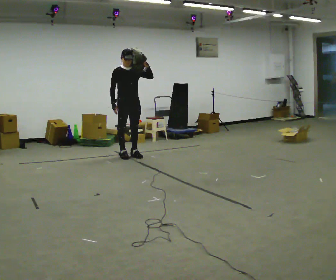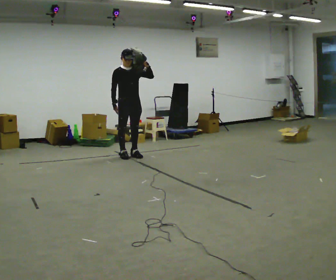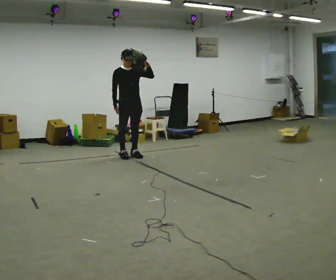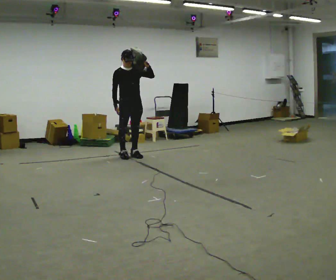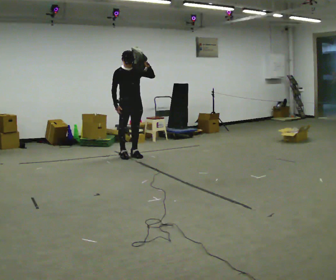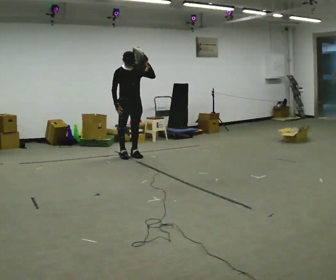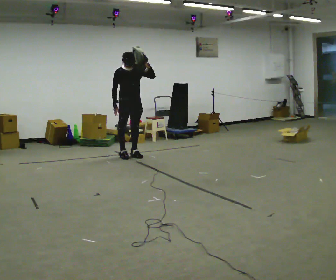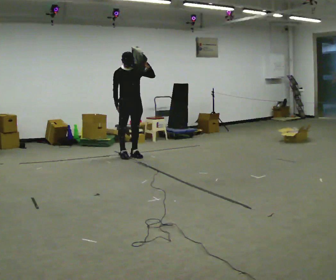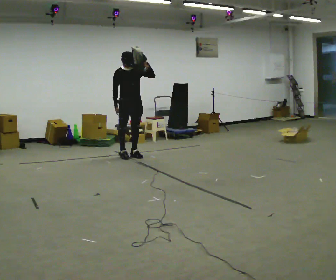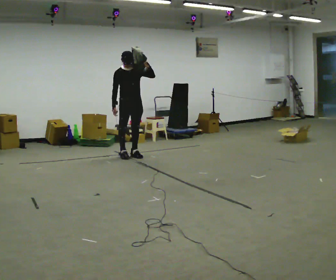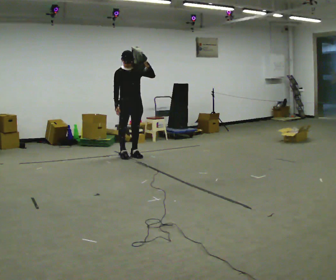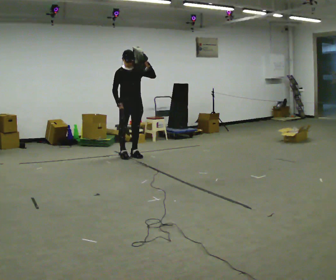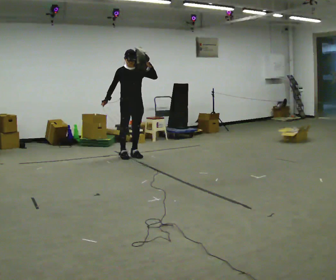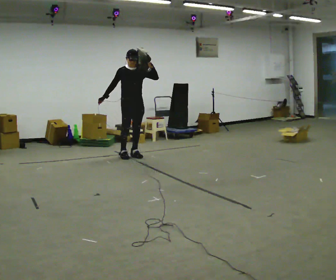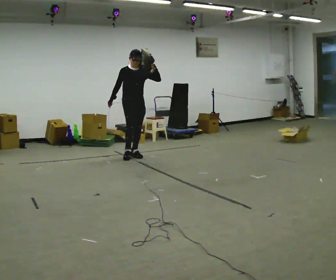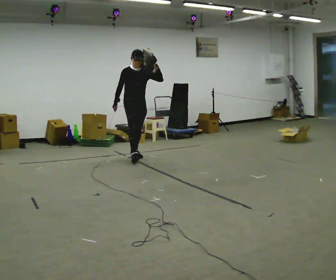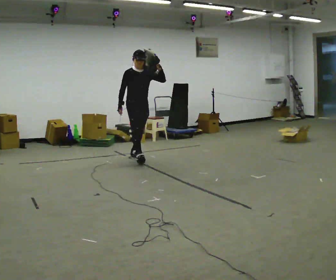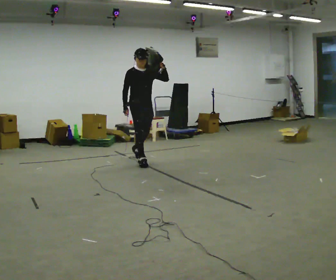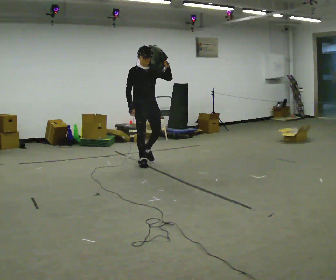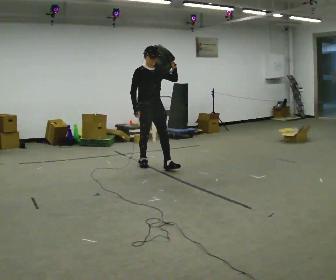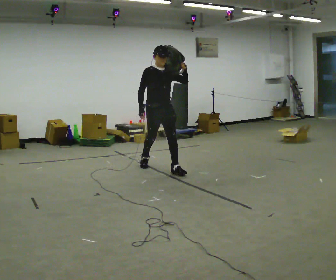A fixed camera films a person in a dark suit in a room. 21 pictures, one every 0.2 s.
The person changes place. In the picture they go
toward the camera.
0.0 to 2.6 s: The person moves a little, or ends about where they began.
2.6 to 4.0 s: In the picture they go toward the camera and to the right, about 1 m in 2 steps, which for them is forward.
The film runs forward here.
